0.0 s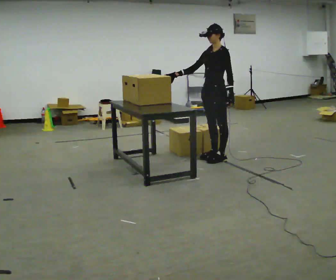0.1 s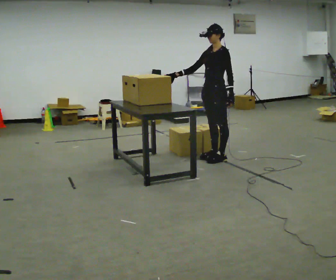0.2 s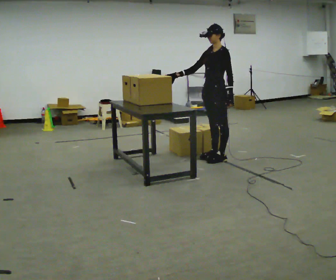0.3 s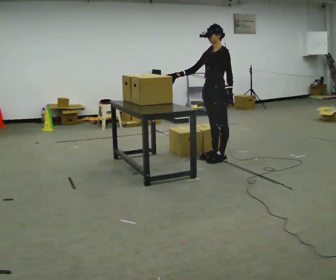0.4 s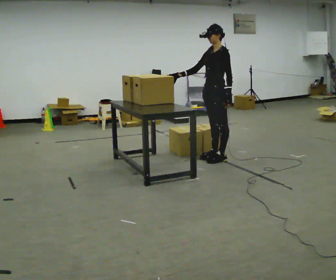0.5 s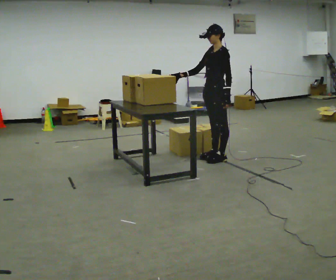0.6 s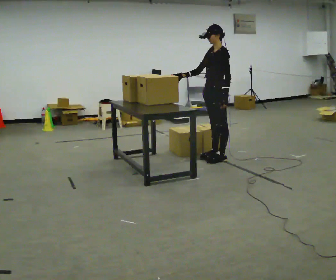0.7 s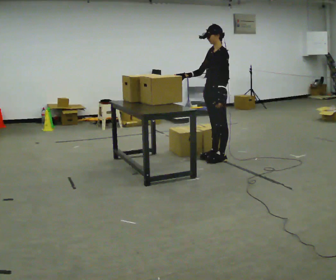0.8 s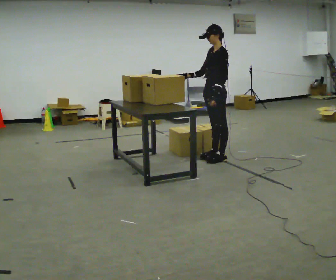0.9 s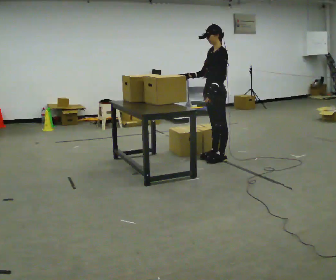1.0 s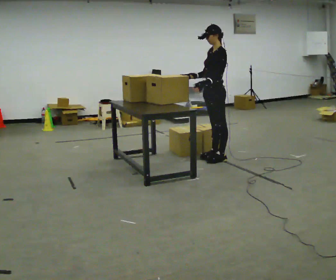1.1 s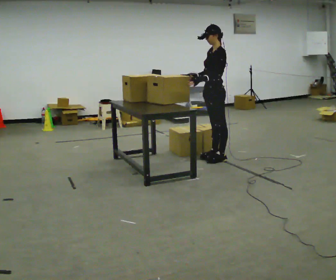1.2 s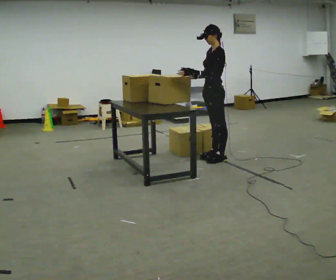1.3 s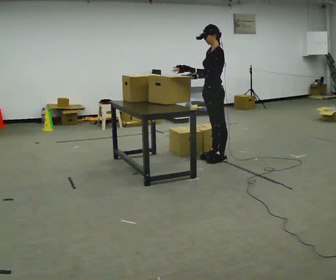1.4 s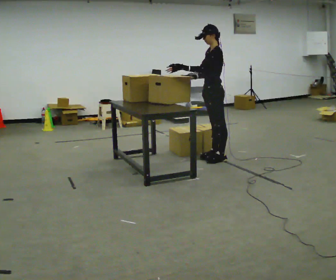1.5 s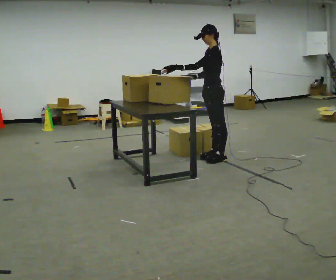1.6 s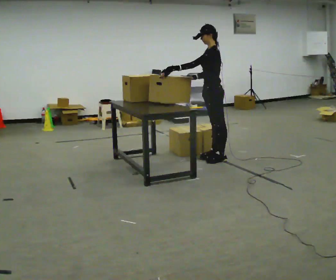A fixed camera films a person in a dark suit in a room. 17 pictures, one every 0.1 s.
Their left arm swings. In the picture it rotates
clockwise.
0.0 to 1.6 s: The person turns about 30 degrees to their right, clockwise seen from above, so the part of the body nearest the lens slides to the left. In the picture their left hand goes to the left, the arm swinging clockwise.
The film runs forward here.
